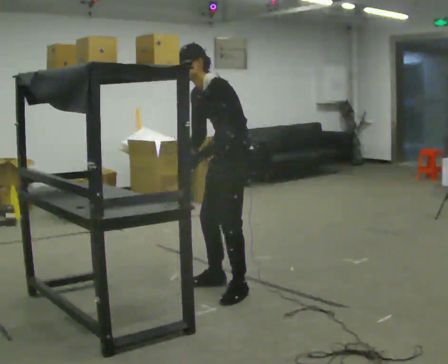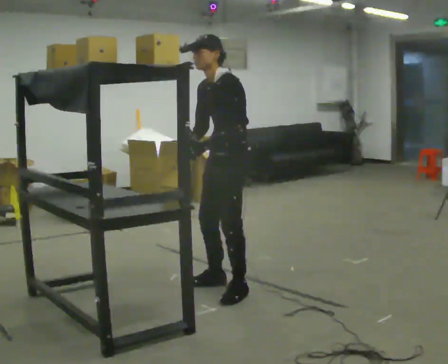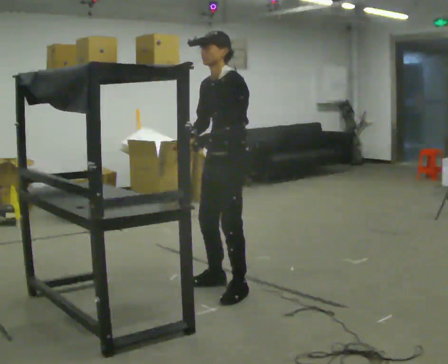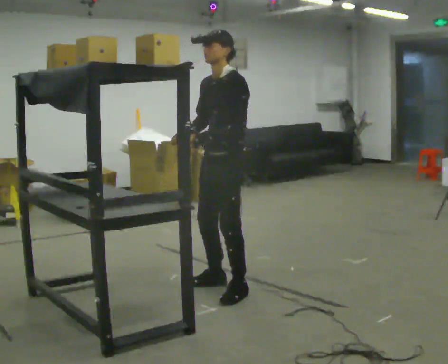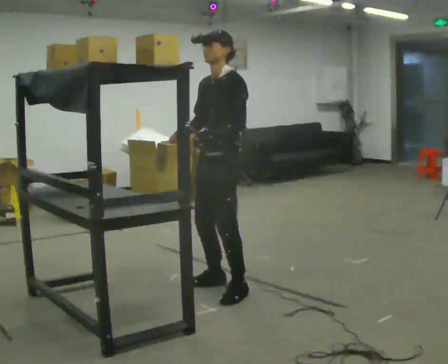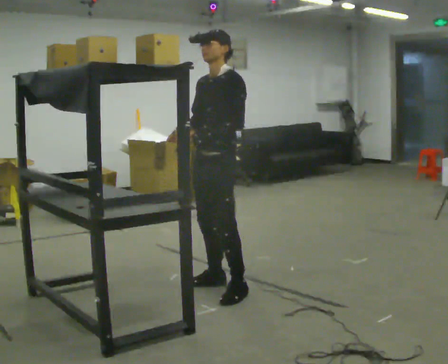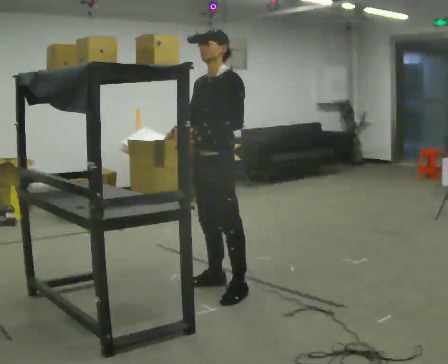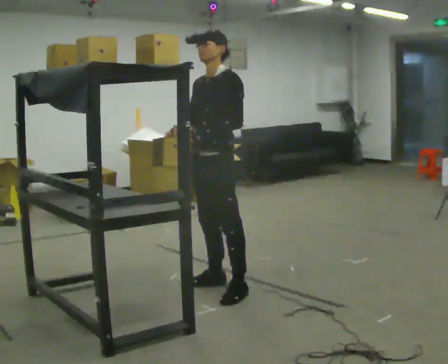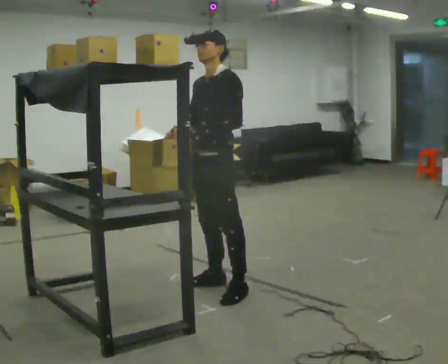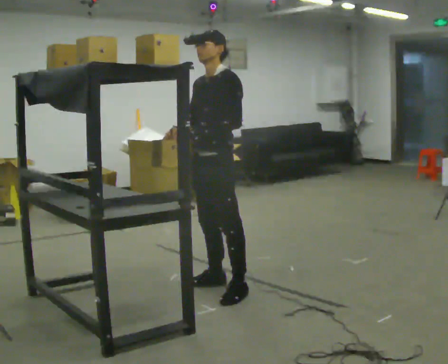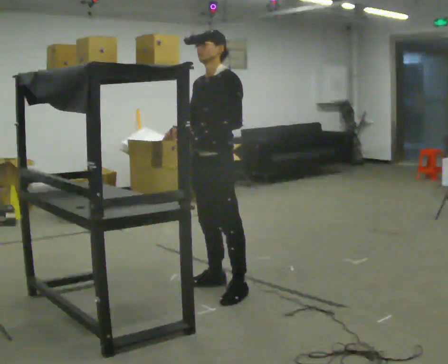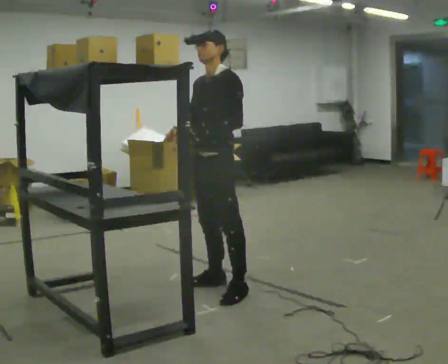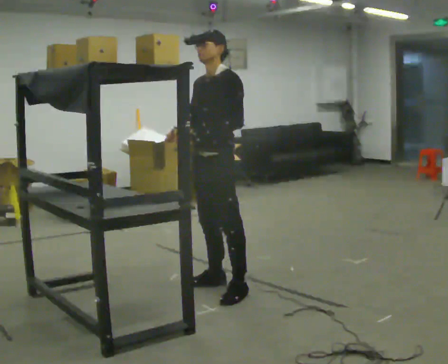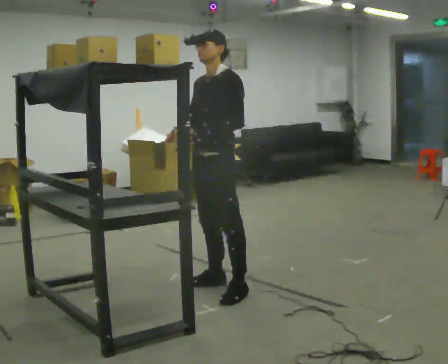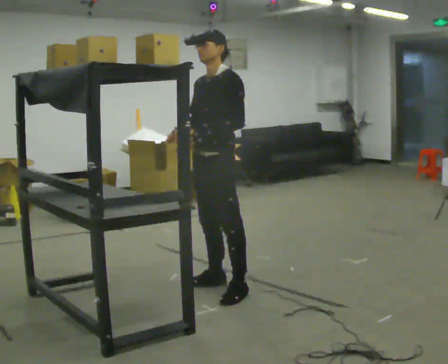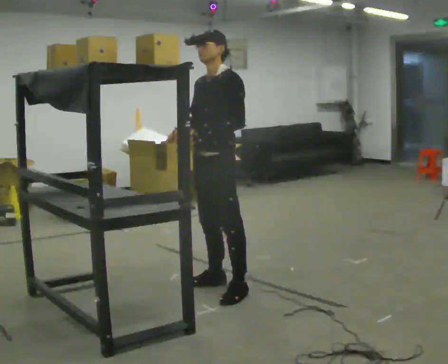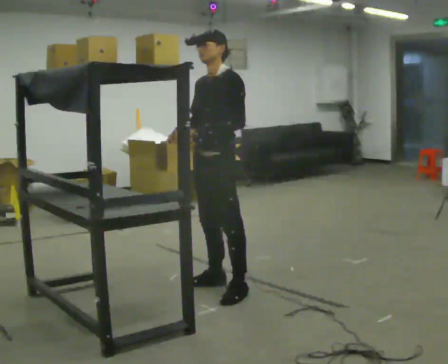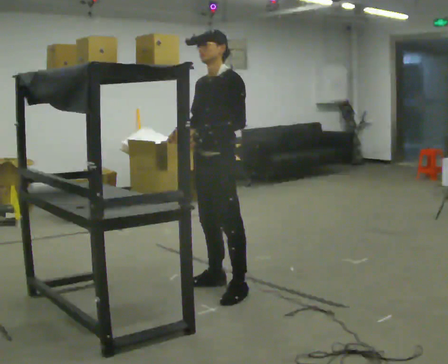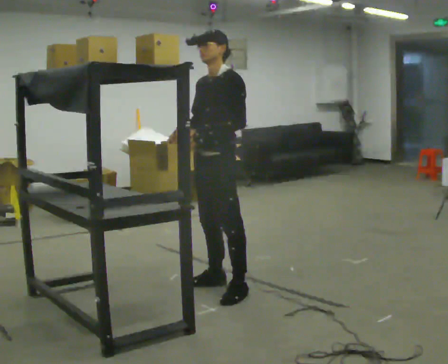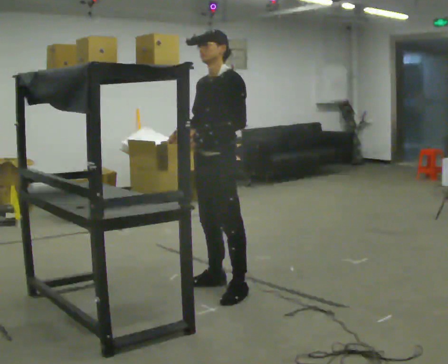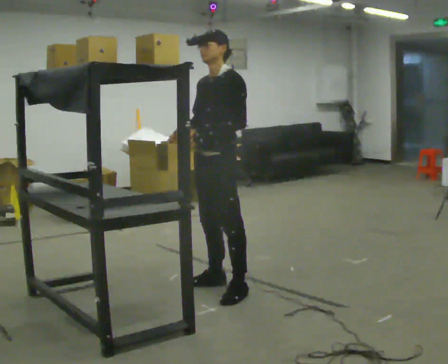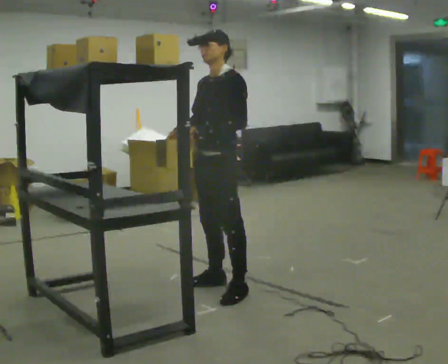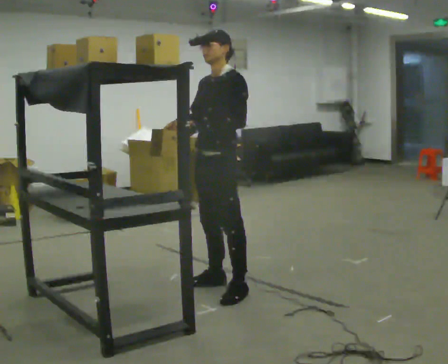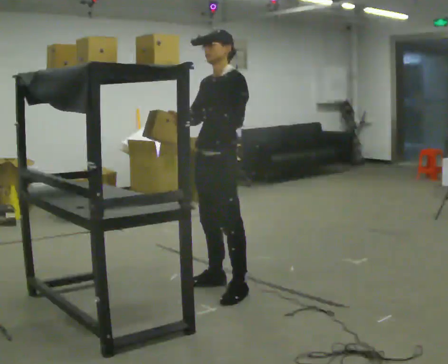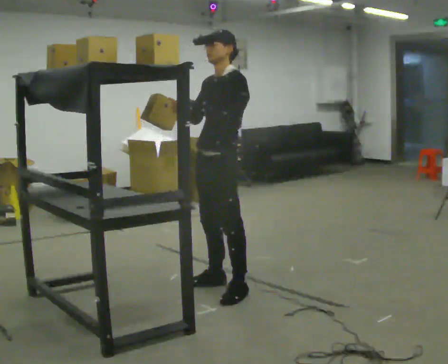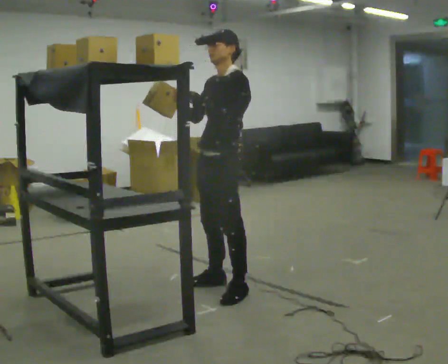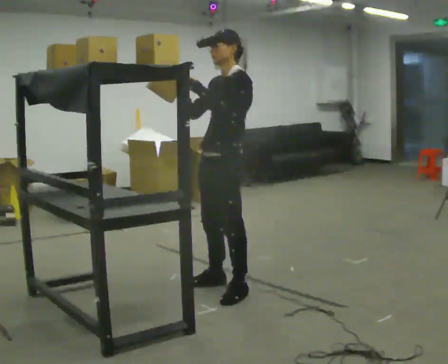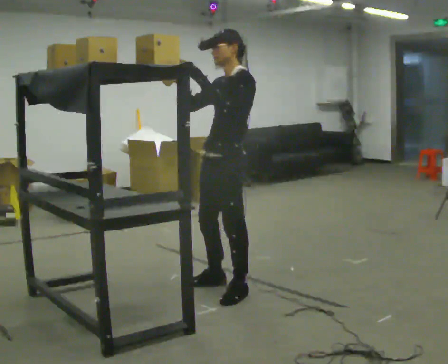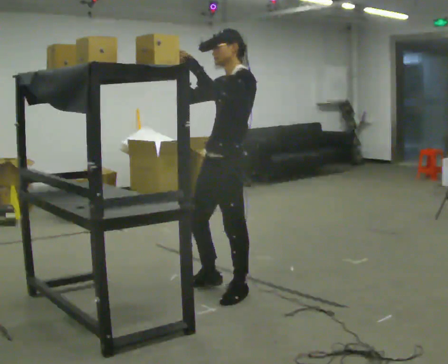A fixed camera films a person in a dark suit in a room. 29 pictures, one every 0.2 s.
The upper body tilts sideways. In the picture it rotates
clockwise.
Their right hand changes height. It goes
upward.
0.0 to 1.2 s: In the picture the upper body tilts clockwise, shoulders to the right, as they lean back or straighten.
1.2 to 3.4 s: The person keeps their place and pose.
3.4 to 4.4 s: The person moves a little, or ends about where they began.
4.4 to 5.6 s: In the picture their right hand goes upward, the arm swinging clockwise.
The film runs forward here.
